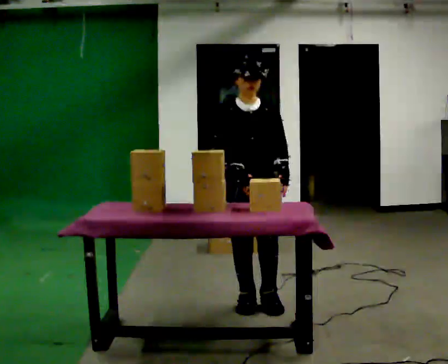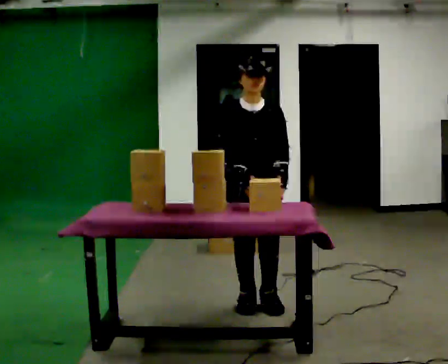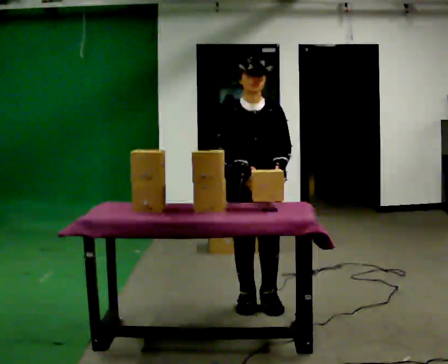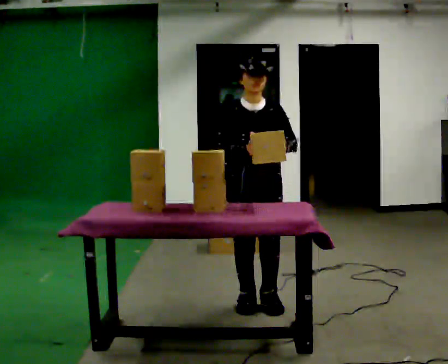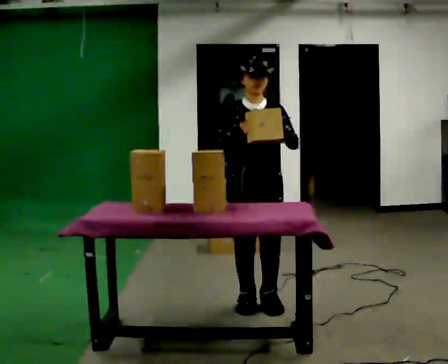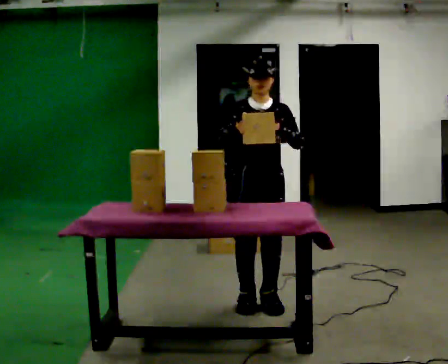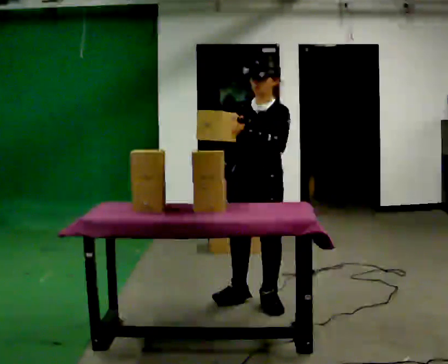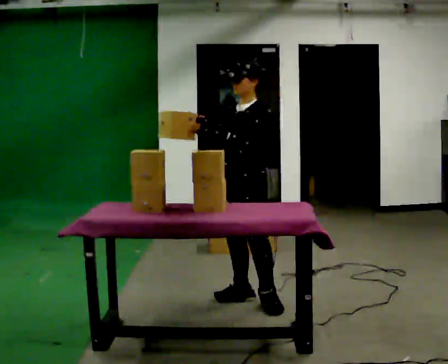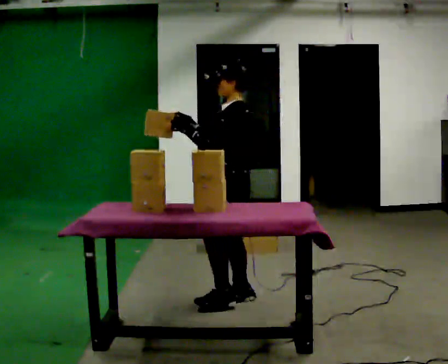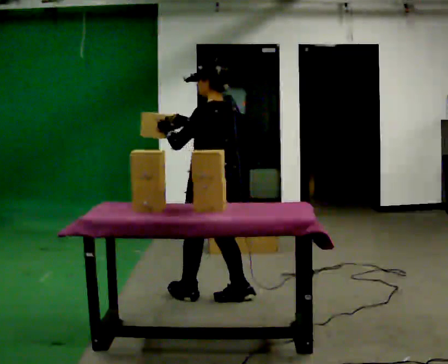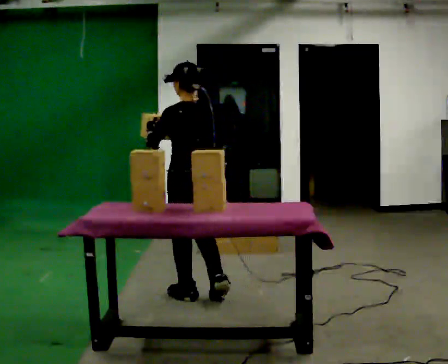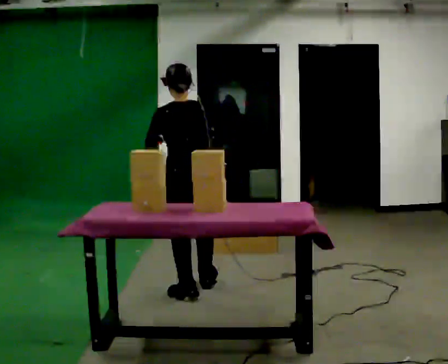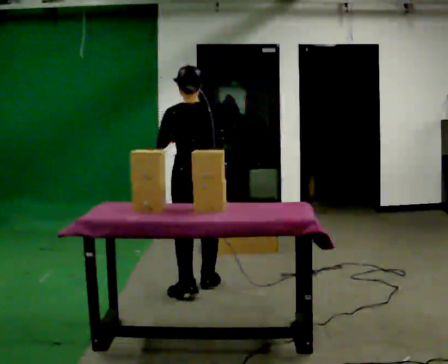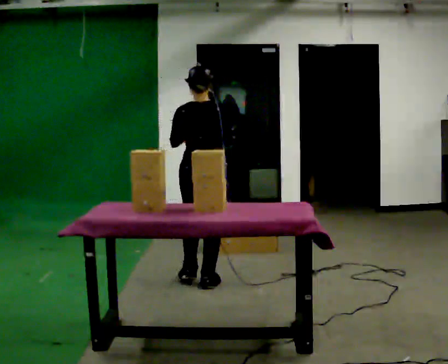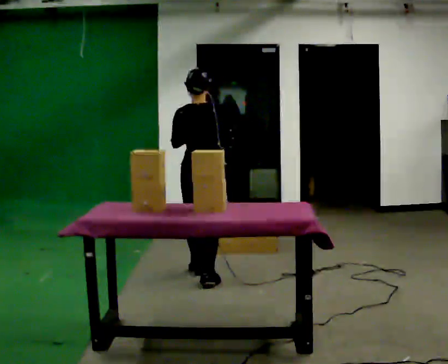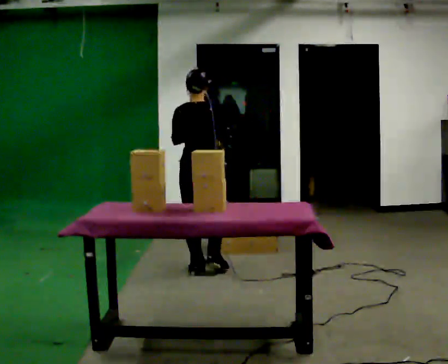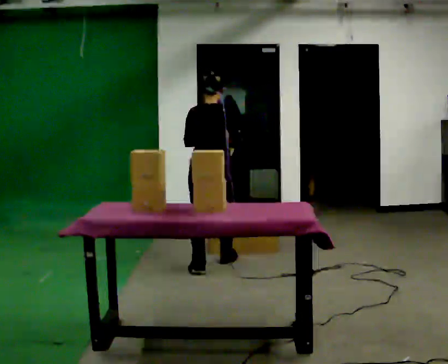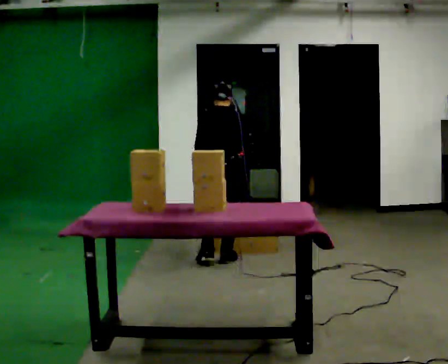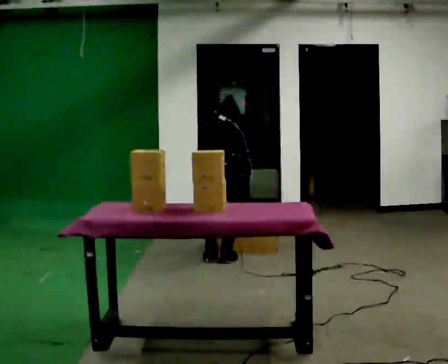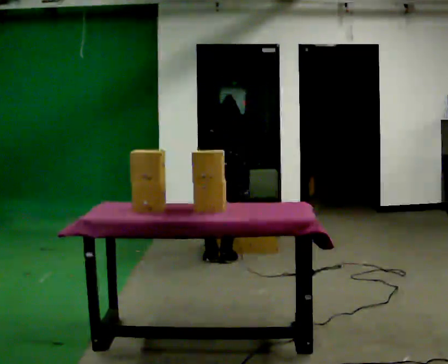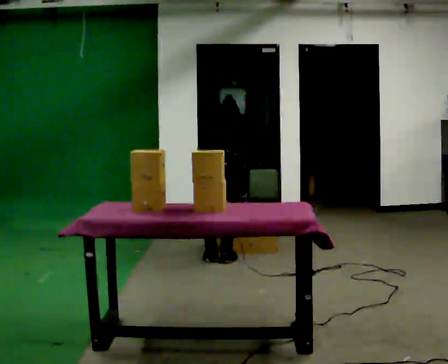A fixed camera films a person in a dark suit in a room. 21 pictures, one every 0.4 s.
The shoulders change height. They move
downward.
The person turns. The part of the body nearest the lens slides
to the left.
0.0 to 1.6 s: The person moves a little, or ends about where they began.
1.6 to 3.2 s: The part of the body nearest the lens slides to the left as the person turns to their right by about 90 degrees. In the picture they go away from the camera, about 0.25 m.
3.2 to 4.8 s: The person turns about 75 degrees to their right, clockwise seen from above, so the part of the body nearest the lens slides to the left. In the picture they go away from the camera and to the left, about 0.25 m in 2 steps.
4.8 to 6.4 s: In the picture they go away from the camera, about 0.75 m in 2 steps, which for them is forward.
6.4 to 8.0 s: The upper body goes downward. The upper body tips away from the camera, its near side rolling upward, as they bend forward. In the picture their left hand goes downward.
The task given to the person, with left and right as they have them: Carry the object across the room, open the lid of the container, put the object inside, and close the lid again. Then go back for the next one. Keep going until the operator says stop; one object at a time, and do not rush between trips.
The film runs forward here.
